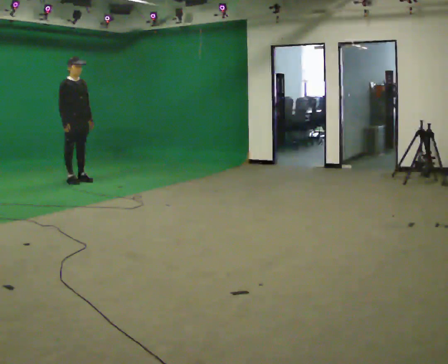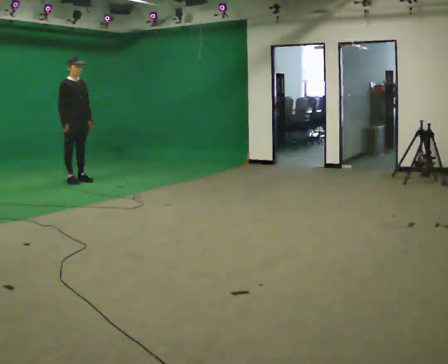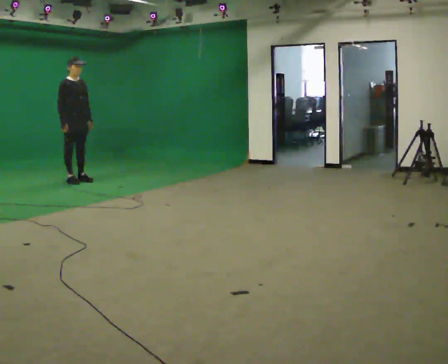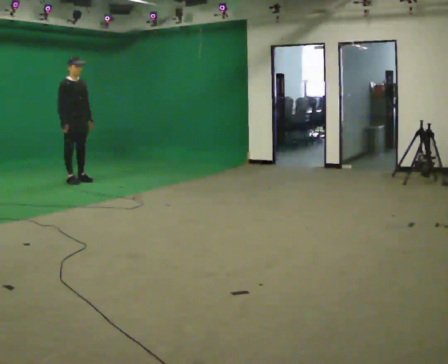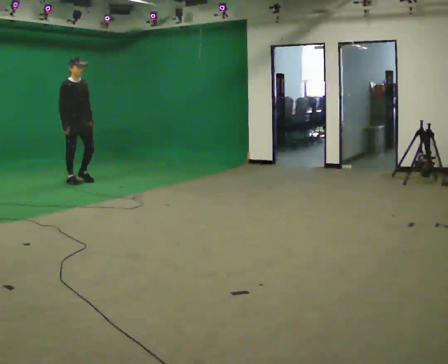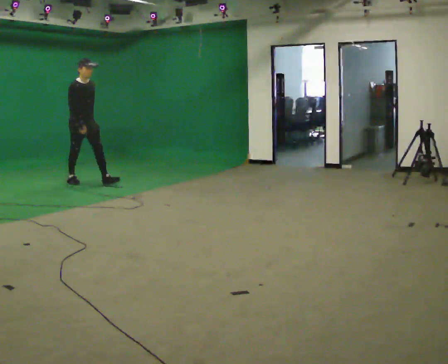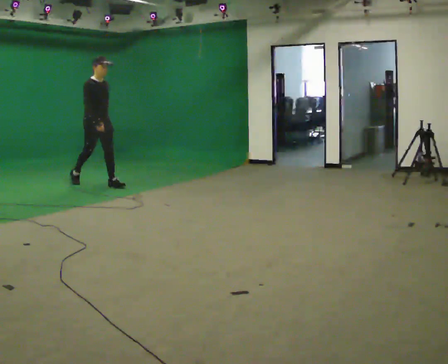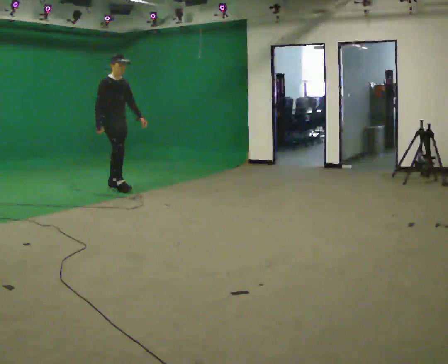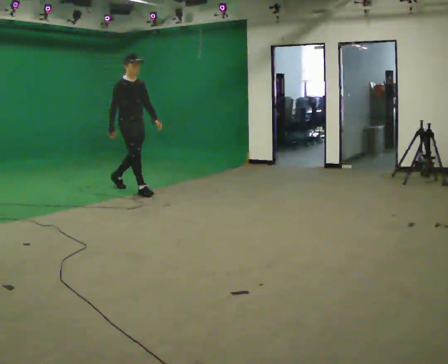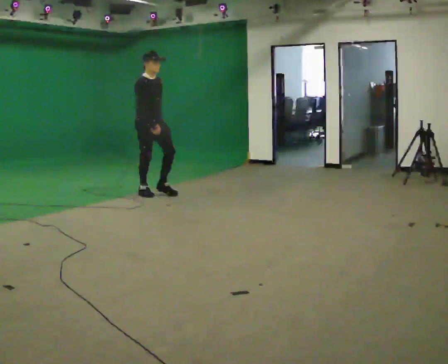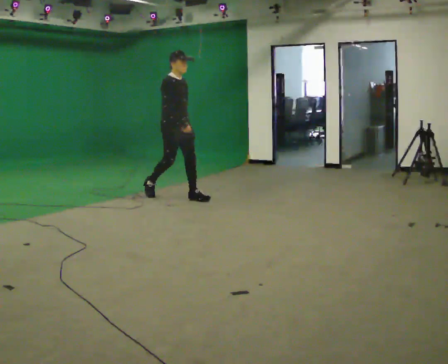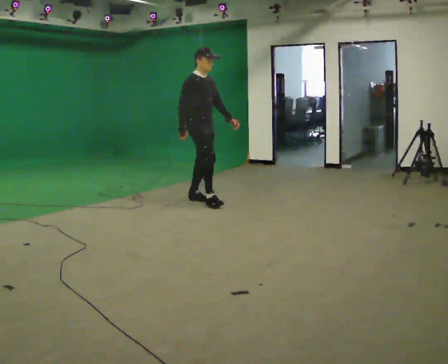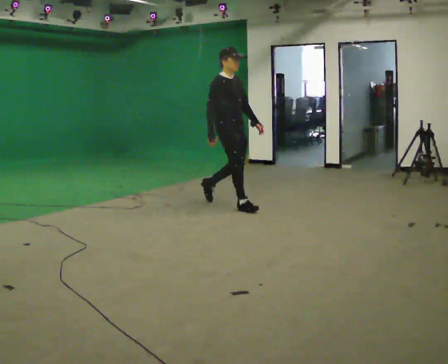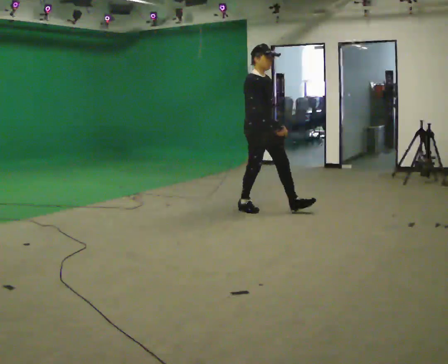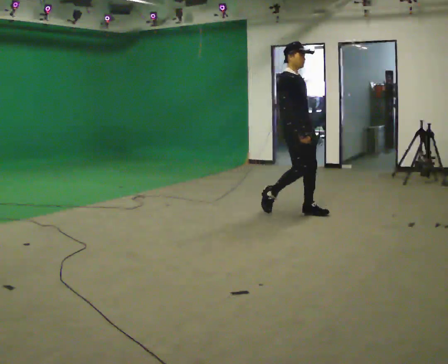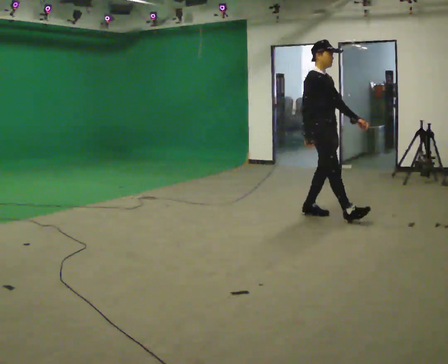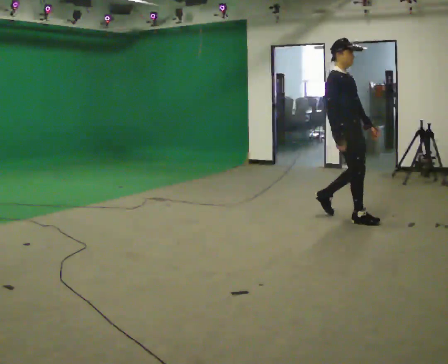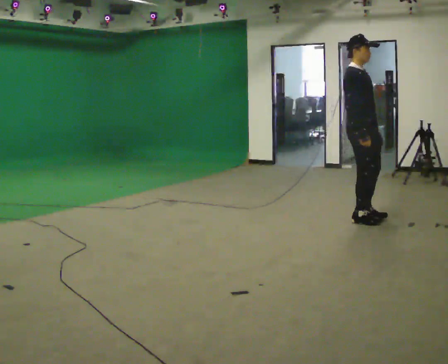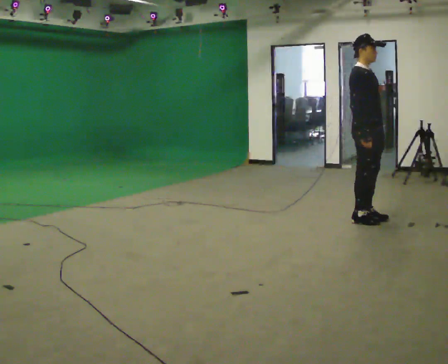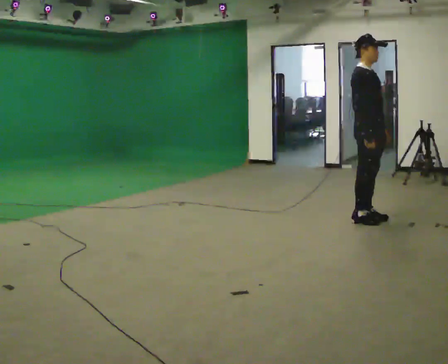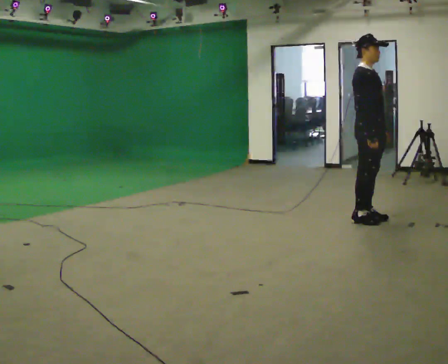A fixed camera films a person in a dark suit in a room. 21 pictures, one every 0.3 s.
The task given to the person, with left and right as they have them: Stand still 2 s; begin walking naturally; walk forward; stop.
0.0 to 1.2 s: The person moves a little, or ends about where they began.
1.2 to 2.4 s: In the picture they go to the right and toward the camera, about 1 m in 2 steps, which for them is forward.
2.4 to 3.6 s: In the picture they go to the right and toward the camera, about 1.5 m in 2 steps, which for them is forward.
3.6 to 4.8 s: In the picture they go to the right and toward the camera, about 1.5 m in 2 steps, which for them is forward.
4.8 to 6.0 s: In the picture they go to the right, about 0.25 m in 1 step, which for them is forward.
The film runs forward here.
